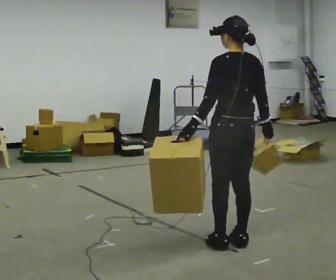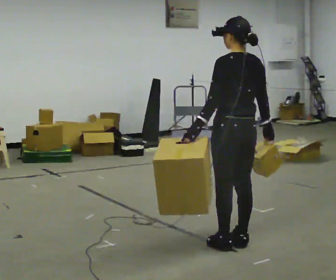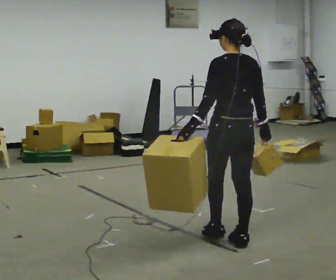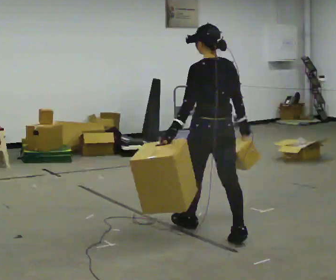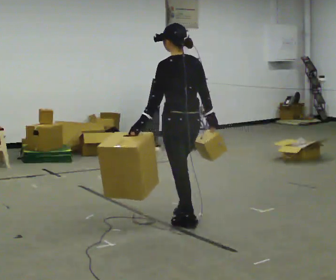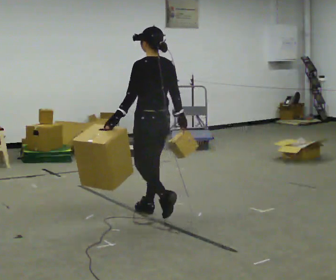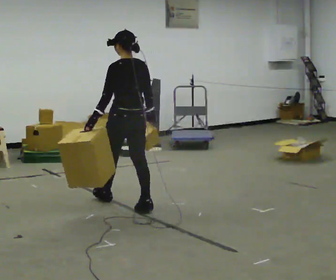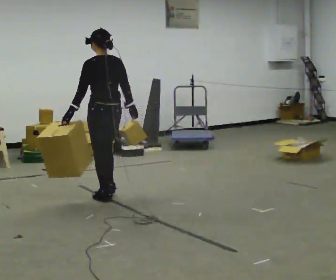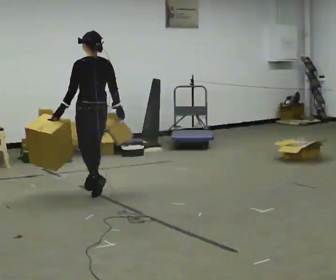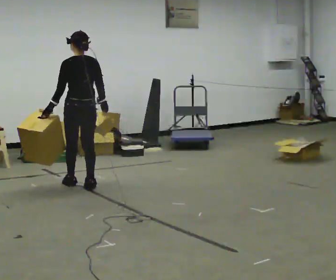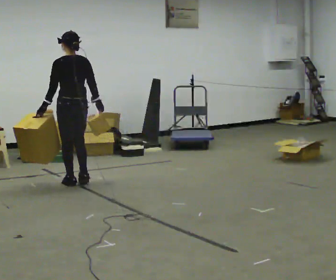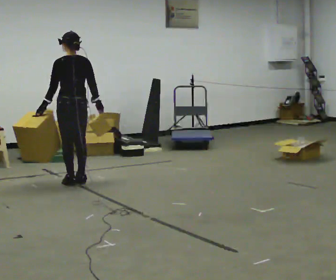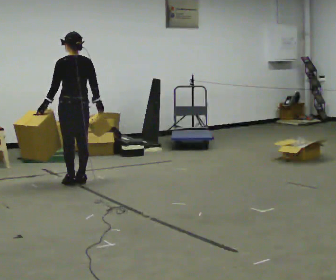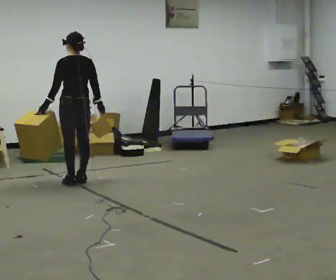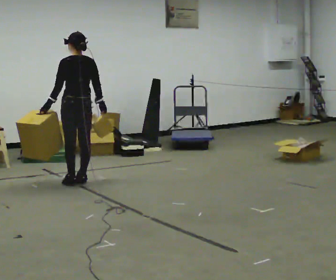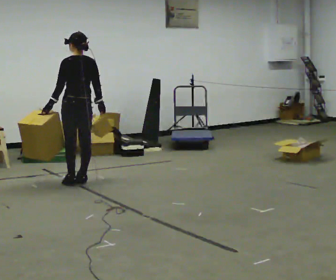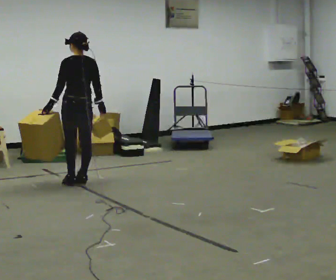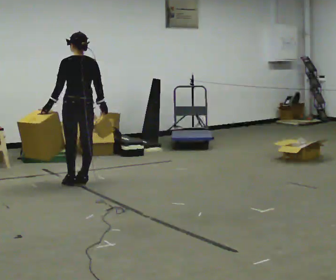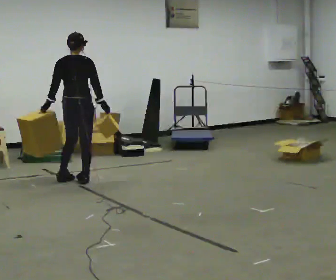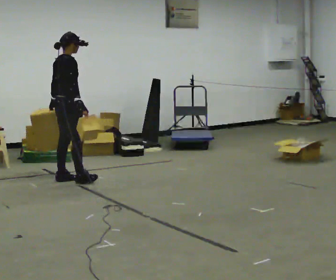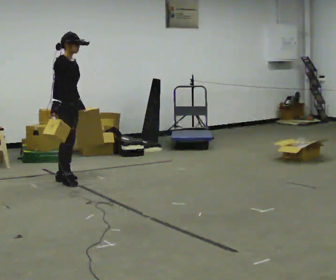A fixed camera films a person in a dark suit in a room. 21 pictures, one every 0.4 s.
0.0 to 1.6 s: In the picture they go away from the camera and to the left, about 0.75 m in 1 step, which for them is forward.
1.6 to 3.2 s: In the picture they go away from the camera and to the left, about 1.5 m in 3 steps, which for them is forward.
3.2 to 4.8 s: In the picture they go away from the camera and to the left, about 0.5 m in 2 steps, which for them is forward.
4.8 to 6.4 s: The person moves a little, or ends about where they began.
6.4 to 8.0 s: The person turns about 135 degrees to their right, clockwise seen from above, so the part of the body nearest the lens slides to the left. In the picture they go to the left, about 0.25 m in 2 steps. In the picture their right hand goes to the left.
The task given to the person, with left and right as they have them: Carry one object in each hand, the heavy one in the hand the operator calls, walking back and forth across the room.
The film runs forward here.
